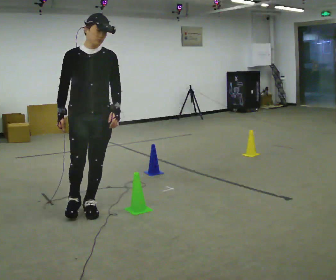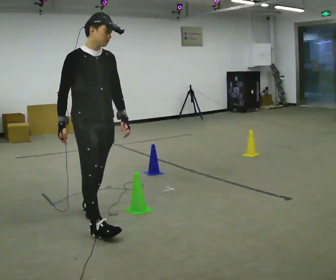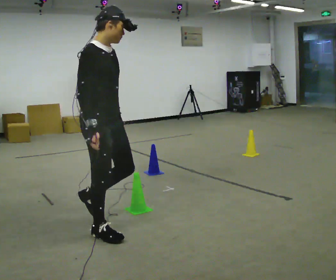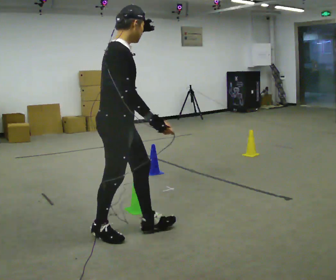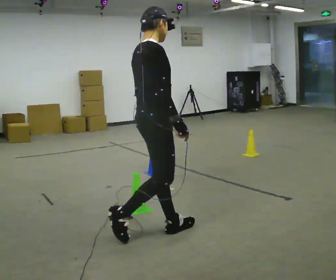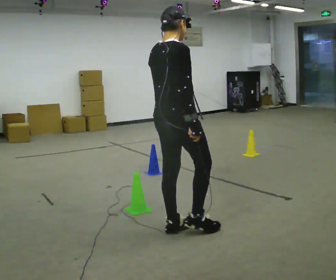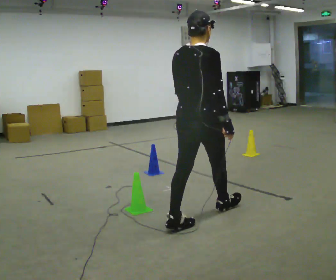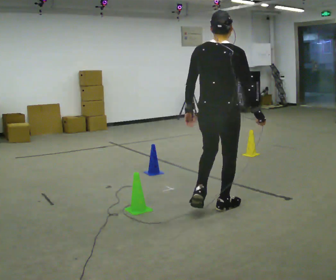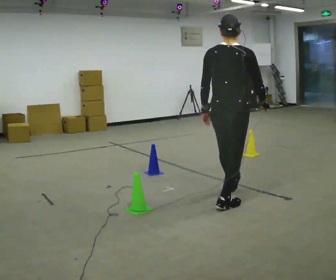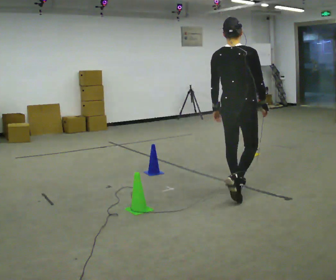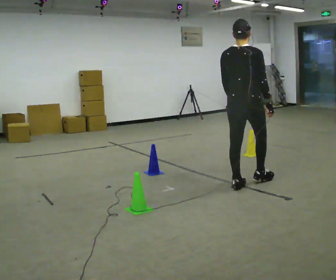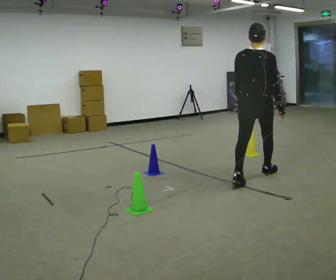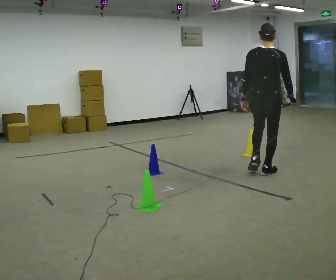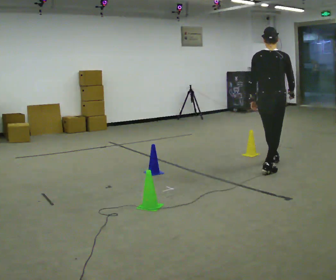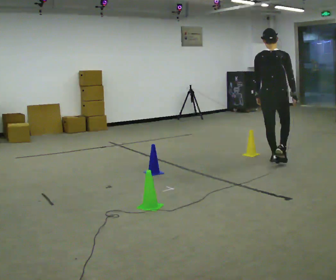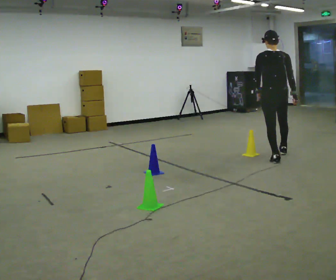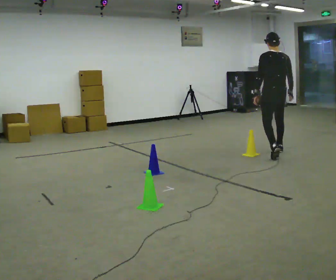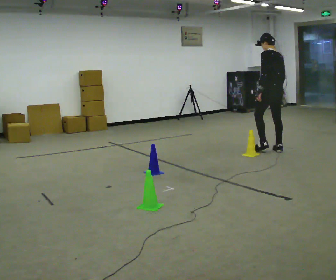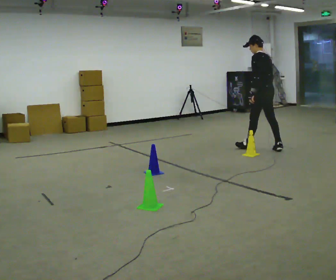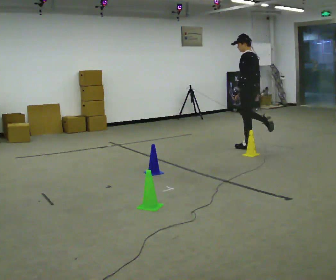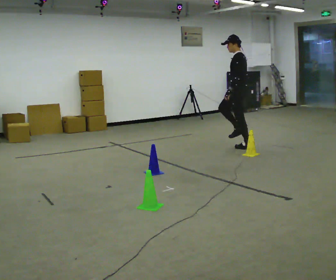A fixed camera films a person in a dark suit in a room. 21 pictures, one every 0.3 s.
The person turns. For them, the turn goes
to their left.
The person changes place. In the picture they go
away from the camera.
0.0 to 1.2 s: The part of the body nearest the lens slides to the right as the person turns to their left by about 90 degrees. In the picture they go to the right, about 0.75 m in 2 steps.
1.2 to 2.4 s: The part of the body nearest the lens slides to the right as the person turns to their left by about 45 degrees. In the picture they go away from the camera and to the right, about 1 m in 1 step, which for them is forward.
2.4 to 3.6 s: In the picture they go away from the camera, about 1 m in 2 steps, which for them is forward.
3.6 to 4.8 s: Seen from above the body turns counterclockwise, about 45 degrees: to their left, with its near side sliding to the right. In the picture they go away from the camera, about 1 m in 2 steps, which for them is forward.
4.8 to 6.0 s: The person turns about 60 degrees to their left, counterclockwise seen from above, so the part of the body nearest the lens slides to the right. In the picture they go to the left and away from the camera, about 0.5 m in 1 step.
The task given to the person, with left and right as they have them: Start at marker; visit targets in order; choose natural paths; avoid obstacles; stop at final target.
The film runs forward here.
